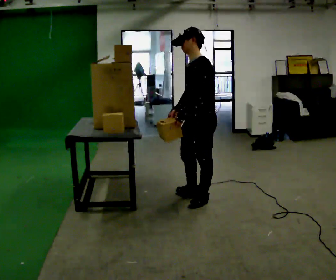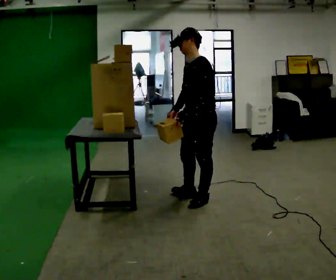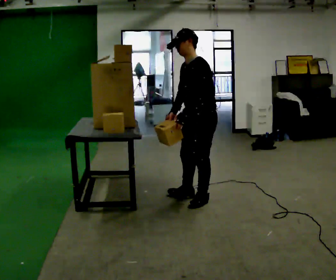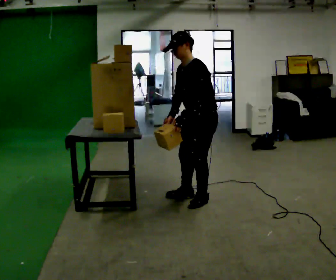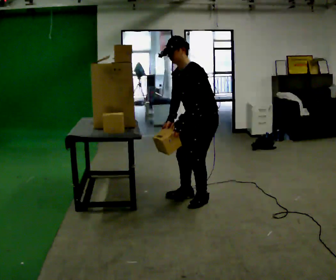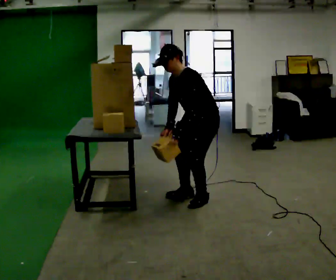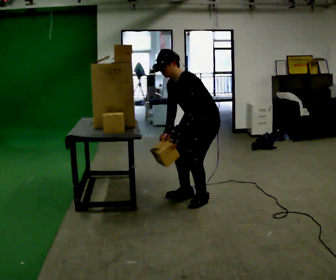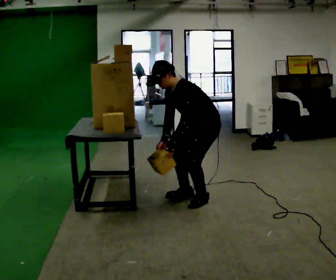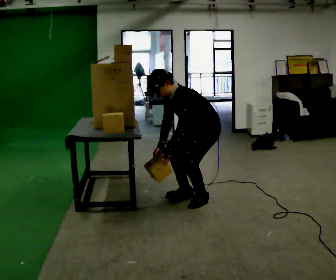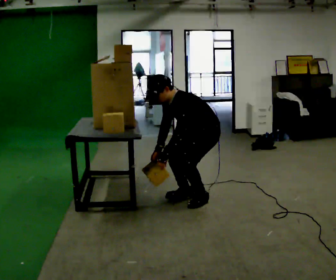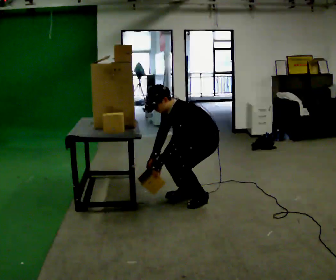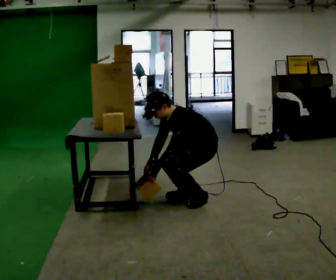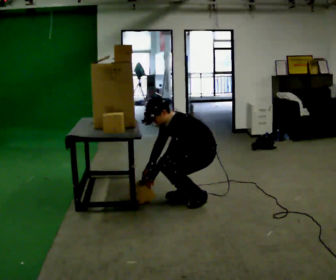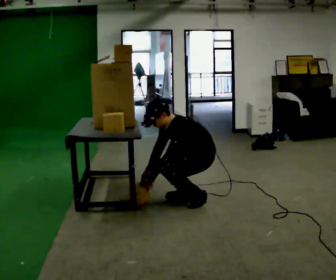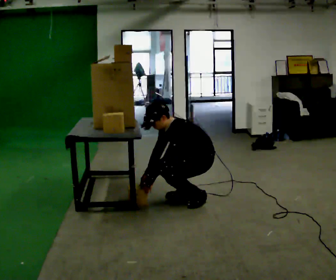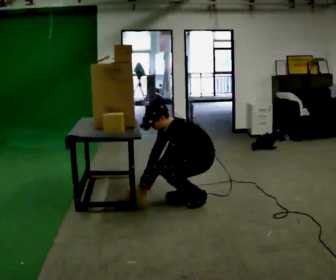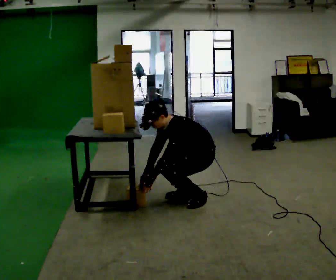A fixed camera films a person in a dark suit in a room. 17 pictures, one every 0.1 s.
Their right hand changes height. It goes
downward.
The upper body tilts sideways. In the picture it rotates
counterclockwise.
0.0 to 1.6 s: The shoulders move downward. In the picture the upper body tilts counterclockwise, shoulders to the left, as they bend forward. In the picture their right hand goes downward and to the left.
The film runs backward here.
